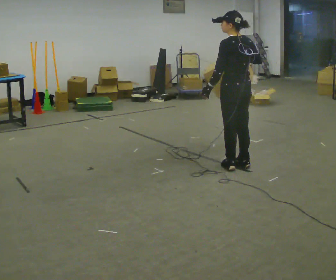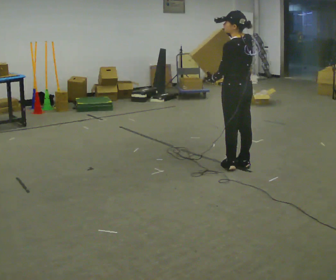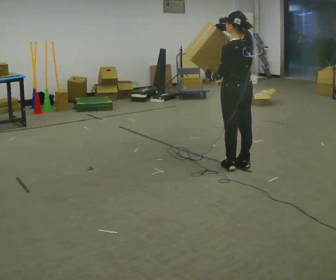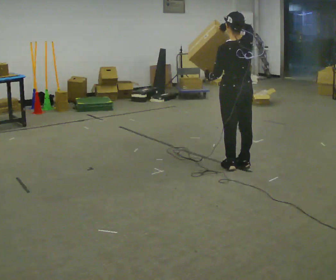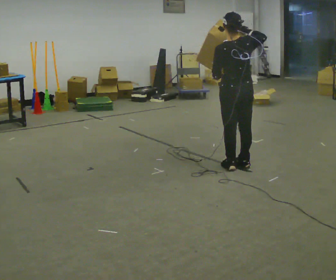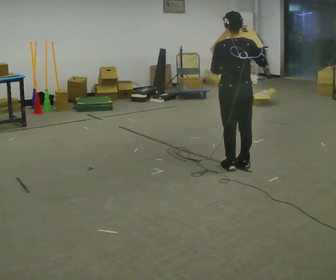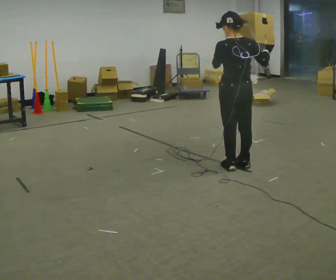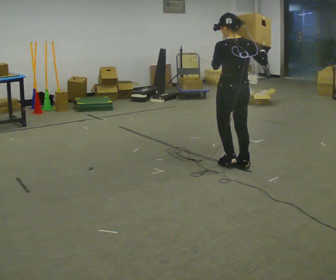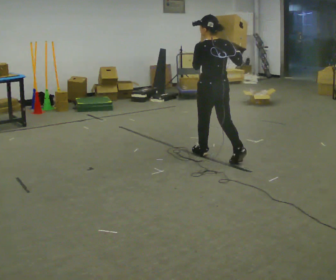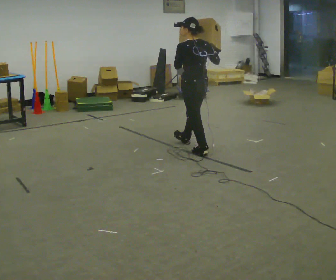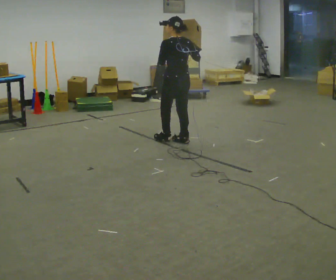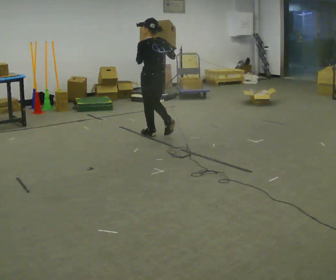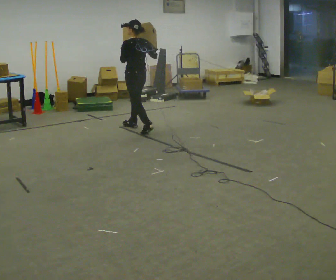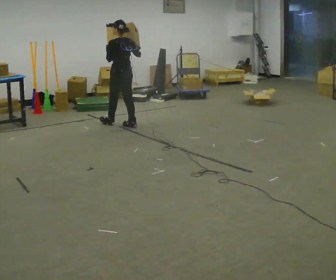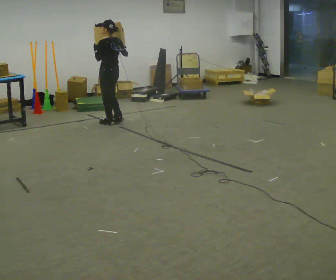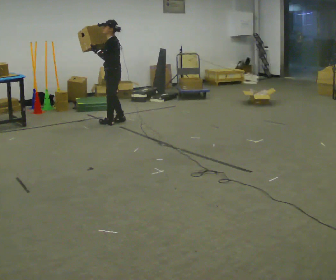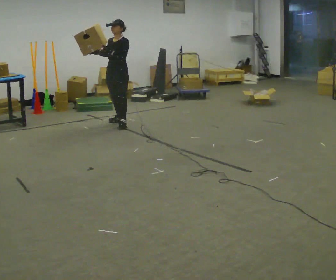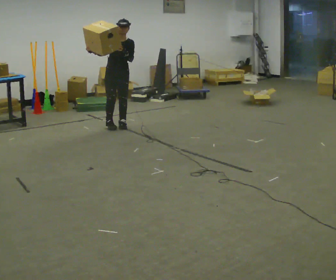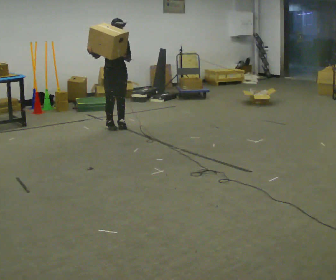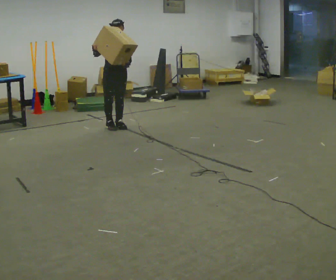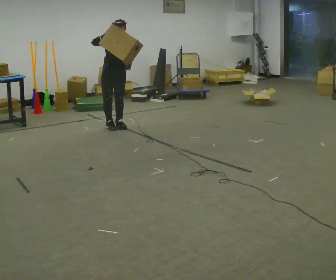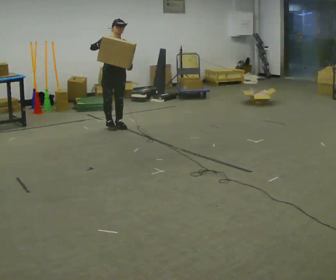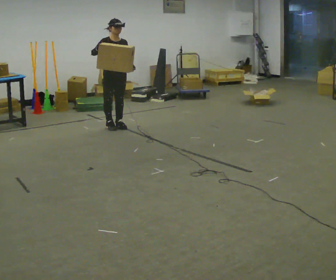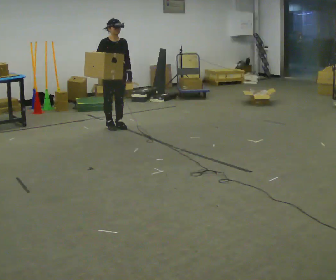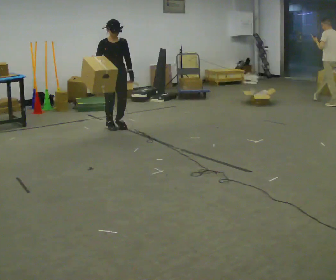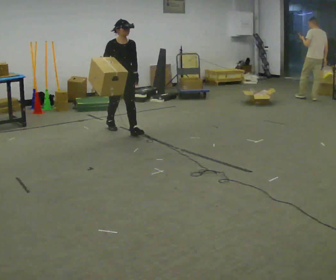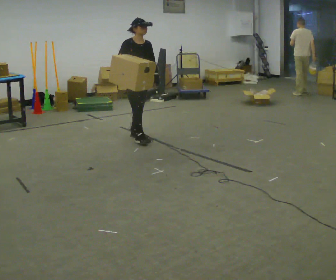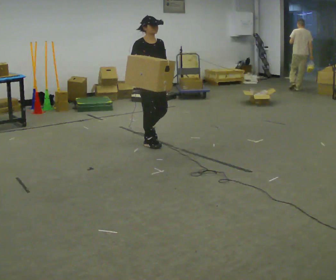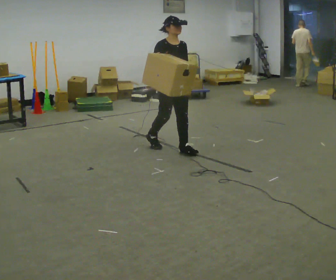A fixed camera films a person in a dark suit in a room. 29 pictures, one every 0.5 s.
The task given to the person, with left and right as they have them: Carry the box and, while walking, shift it to a different hold: front, then hip, then shoulder, then back to front. Do not stop walking.
0.0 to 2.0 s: The person moves a little, or ends about where they began.
2.0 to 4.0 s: In the picture they go away from the camera, about 0.25 m in 1 step, which for them is forward.
4.0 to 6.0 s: Seen from above the body turns counterclockwise, about 30 degrees: to their left, with its near side sliding to the right. In the picture they go away from the camera and to the left, about 1.5 m in 3 steps, which for them is forward.
6.0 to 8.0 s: The part of the body nearest the lens slides to the right as the person turns to their left by about 105 degrees. In the picture they go away from the camera and to the left, about 0.5 m in 3 steps.
8.0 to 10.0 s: The person turns about 45 degrees to their left, counterclockwise seen from above, so the part of the body nearest the lens slides to the right. In the picture they go toward the camera, about 0.25 m in 1 step, which for them is forward and to their right.
10.0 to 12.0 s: The person moves a little, or ends about where they began.
12.0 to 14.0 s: In the picture they go toward the camera and to the right, about 1 m in 3 steps, which for them is forward.
The film runs forward here.
